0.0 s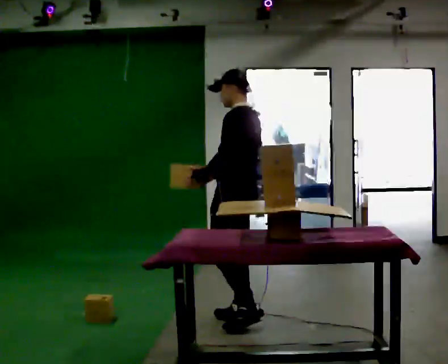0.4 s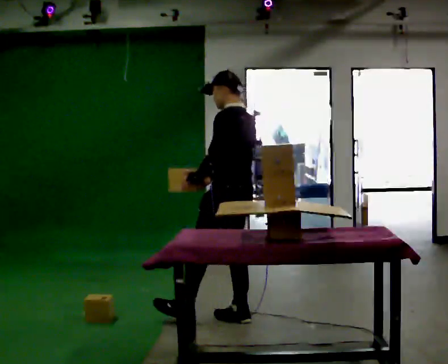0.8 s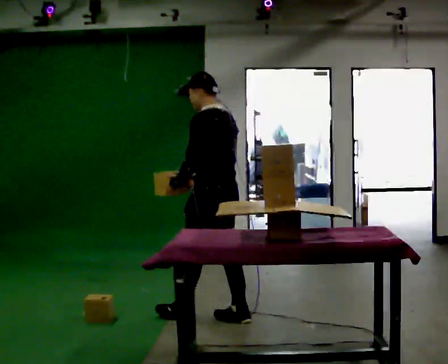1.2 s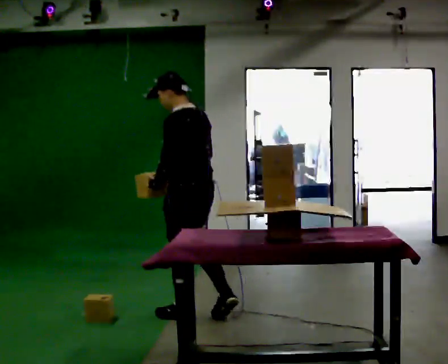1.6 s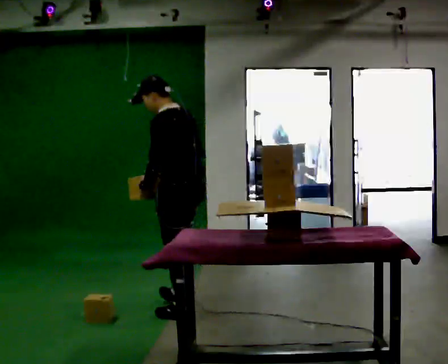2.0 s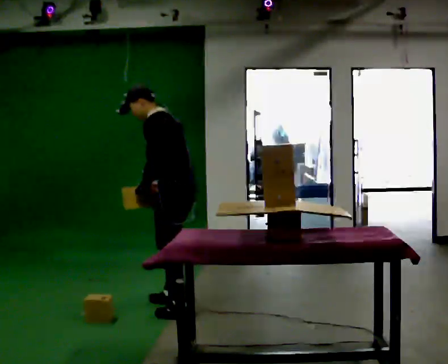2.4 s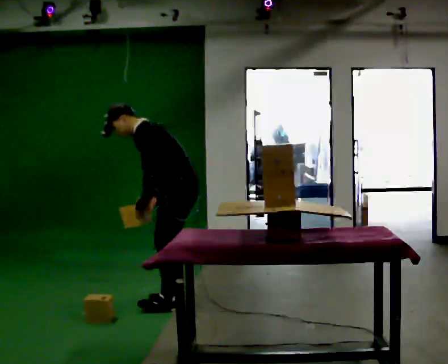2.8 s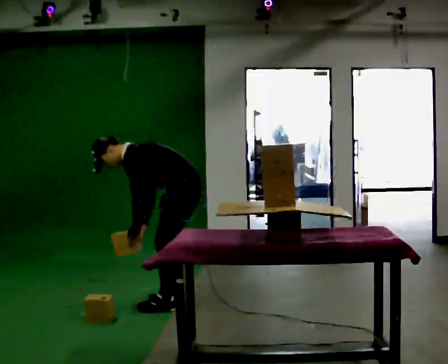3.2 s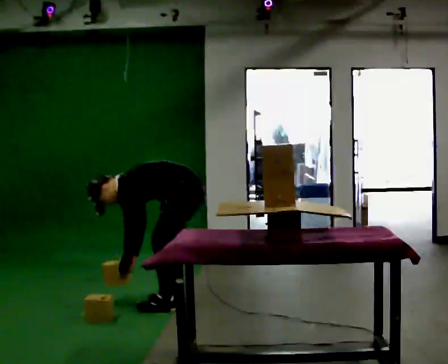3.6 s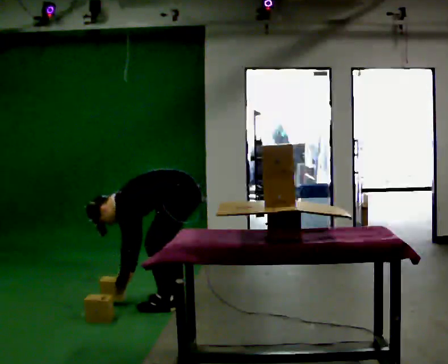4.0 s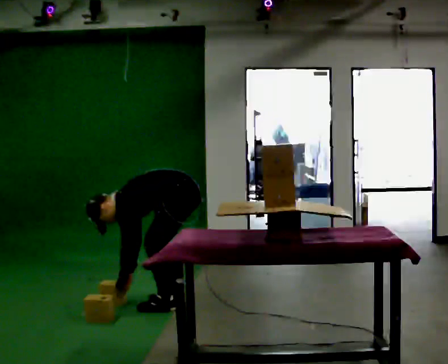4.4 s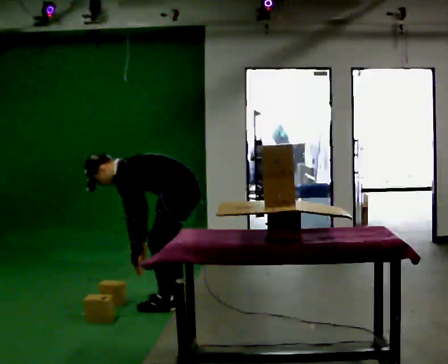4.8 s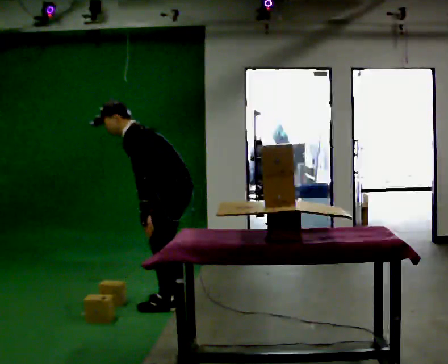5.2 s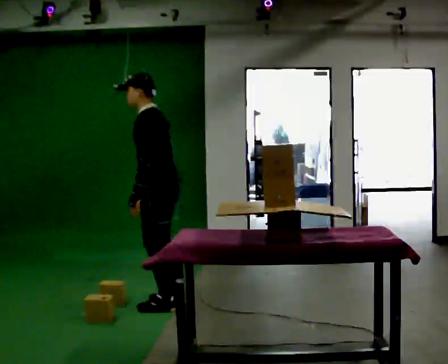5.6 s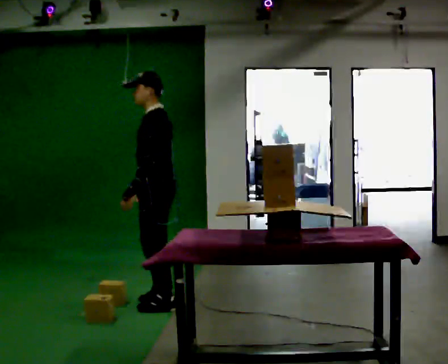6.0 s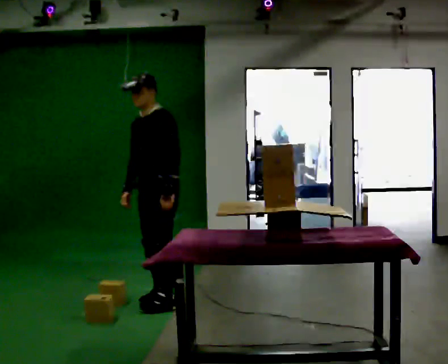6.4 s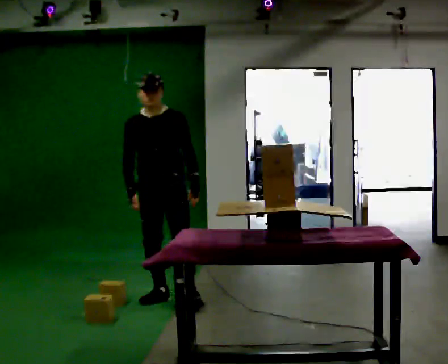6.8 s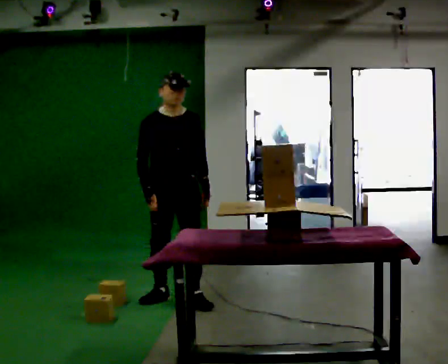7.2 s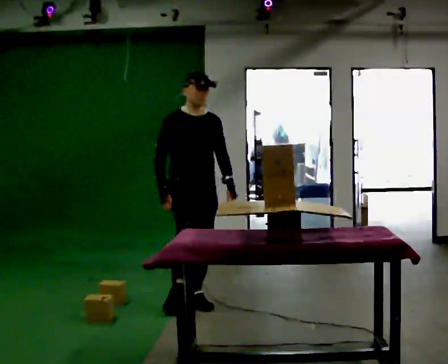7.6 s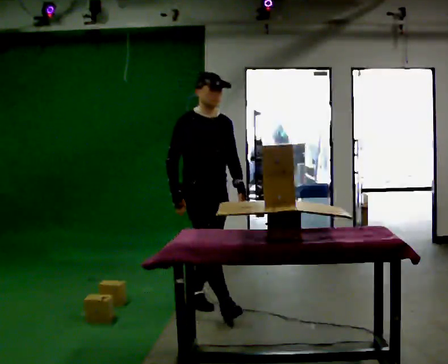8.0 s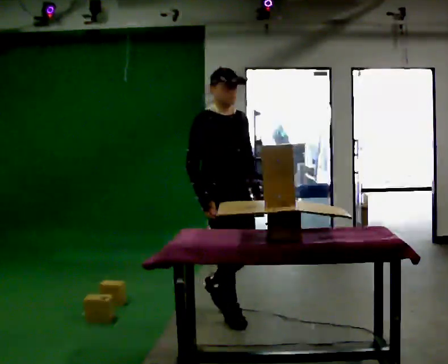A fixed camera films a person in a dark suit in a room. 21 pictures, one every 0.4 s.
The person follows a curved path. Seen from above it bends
clockwise.
0.0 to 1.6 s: In the picture they go to the left and away from the camera, about 0.5 m in 1 step, which for them is forward. In the picture the upper body tilts counterclockwise, shoulders to the left.
1.6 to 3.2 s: The part of the body nearest the lens slides to the right as the person turns to their left by about 30 degrees. In the picture they go away from the camera, about 0.25 m in 2 steps, which for them is to their right. The shoulders move downward. In the picture the upper body tilts counterclockwise, shoulders to the left, as they bend forward. In the picture their left hand goes downward.
3.2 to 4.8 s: In the picture their left hand goes upward.
4.8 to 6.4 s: The part of the body nearest the lens slides to the right as the person turns to their left by about 90 degrees. In the picture they go away from the camera, about 0.25 m in 2 steps. In the picture the upper body tilts clockwise, shoulders to the right, as they lean back or straighten.
6.4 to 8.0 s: The person turns about 45 degrees to their left, counterclockwise seen from above, so the part of the body nearest the lens slides to the right. In the picture they go toward the camera and to the right, about 0.75 m in 1 step, which for them is forward.
The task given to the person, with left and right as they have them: Carry the object over and set it down on the wobbly board without tipping it over. Keep going until the operator says stop; one object at a time, and do not rush between trips.
The film runs forward here.
